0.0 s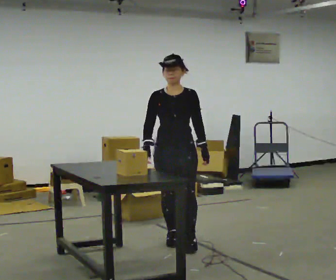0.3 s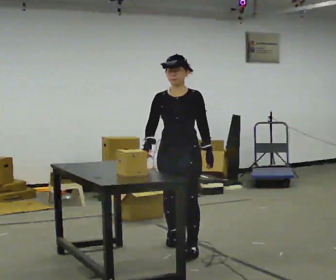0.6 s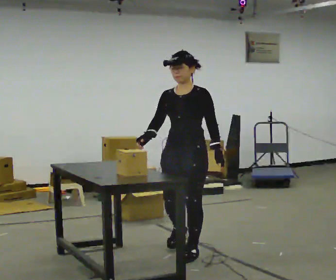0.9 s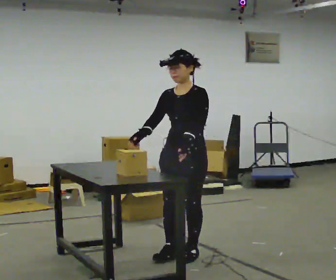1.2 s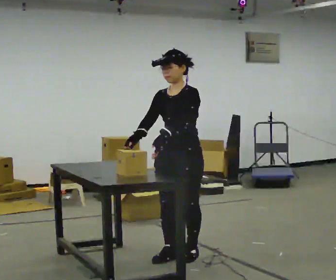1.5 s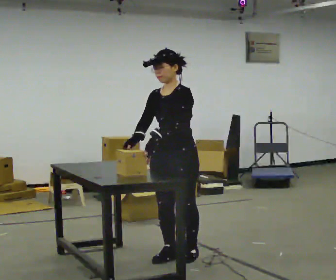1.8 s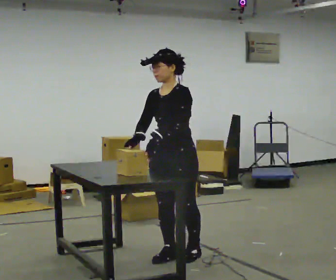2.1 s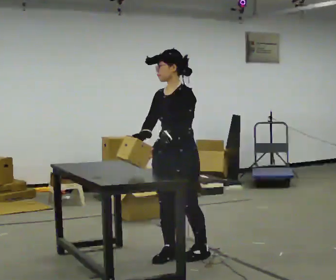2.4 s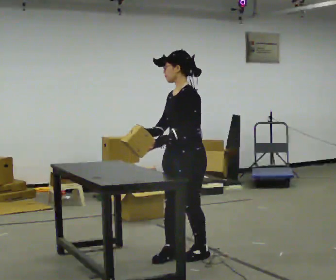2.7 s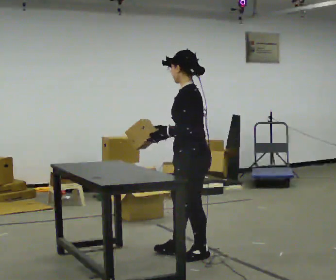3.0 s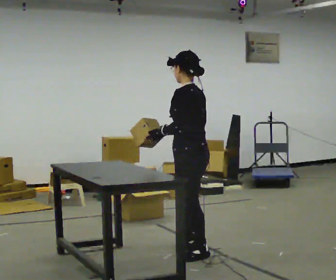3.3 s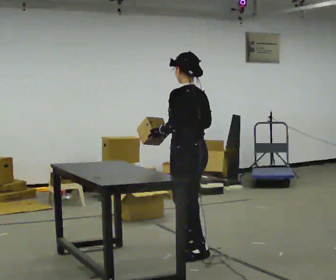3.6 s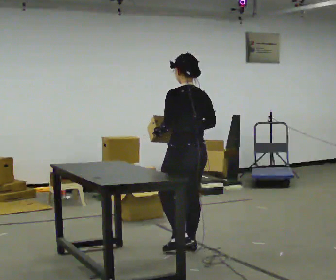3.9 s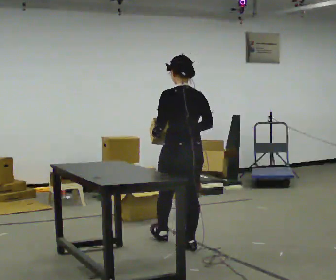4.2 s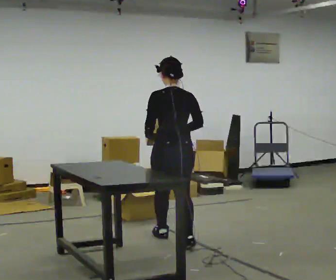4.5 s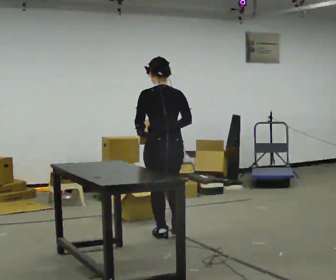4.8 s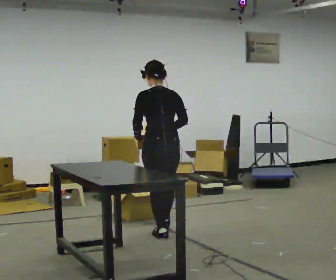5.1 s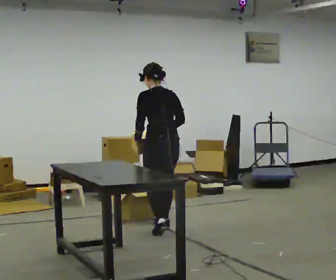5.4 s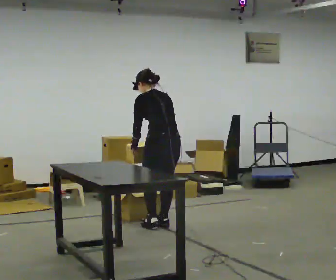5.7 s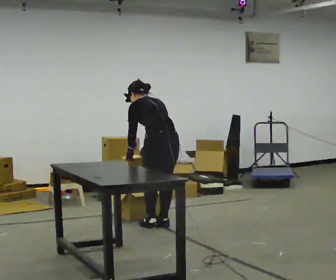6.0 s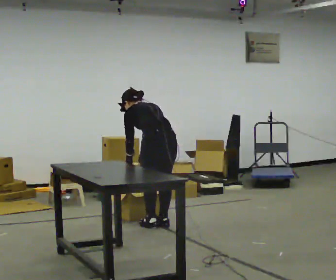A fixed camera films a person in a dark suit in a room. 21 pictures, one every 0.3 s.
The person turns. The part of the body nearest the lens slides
to the left.
The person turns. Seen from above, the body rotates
clockwise.
0.0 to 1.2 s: Seen from above the body turns clockwise, about 30 degrees: to their right, with its near side sliding to the left. In the picture they go toward the camera, about 0.5 m in 2 steps, which for them is forward and to their left.
1.2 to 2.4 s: The person turns about 30 degrees to their right, clockwise seen from above, so the part of the body nearest the lens slides to the left.
2.4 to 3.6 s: Seen from above the body turns clockwise, about 75 degrees: to their right, with its near side sliding to the left. In the picture they go away from the camera, about 0.25 m in 1 step.
3.6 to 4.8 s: In the picture they go away from the camera and to the left, about 0.5 m in 2 steps, which for them is forward.
4.8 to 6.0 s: In the picture they go away from the camera, about 0.25 m in 1 step, which for them is forward. The upper body goes downward. The upper body tips away from the camera, its near side rolling upward, as they bend forward.
The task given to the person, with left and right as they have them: Take an object out of the bin at knee height, carry it across the room, and place it on the chest-height shelf. Keep going until the operator says stop; one object at a time, and do not rush between trips.
The film runs forward here.
